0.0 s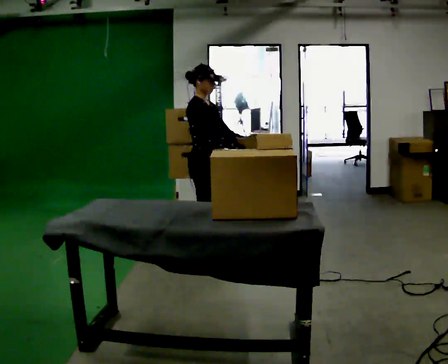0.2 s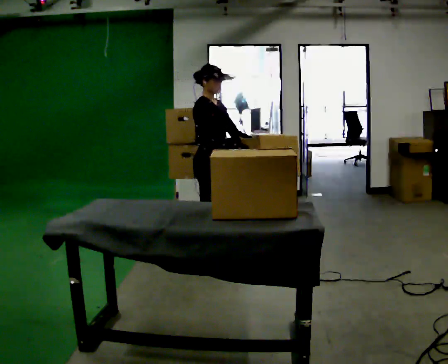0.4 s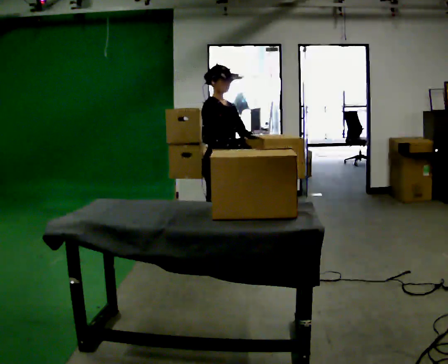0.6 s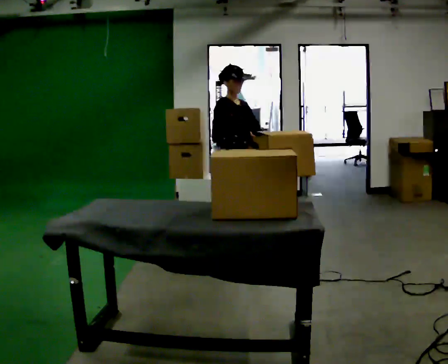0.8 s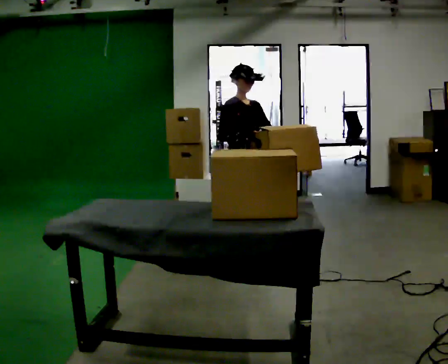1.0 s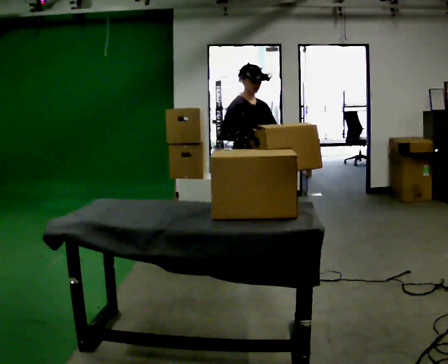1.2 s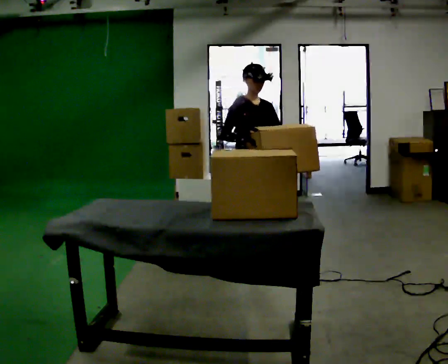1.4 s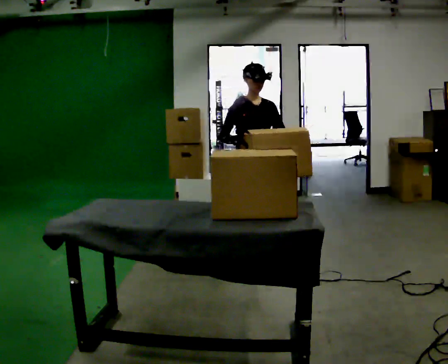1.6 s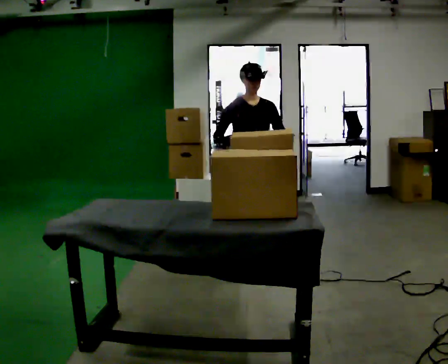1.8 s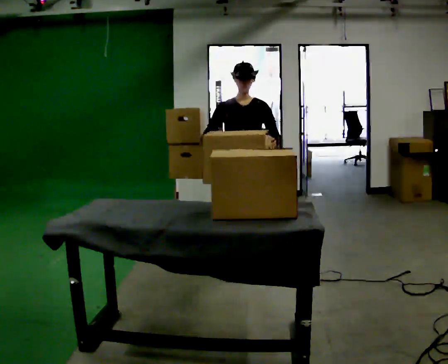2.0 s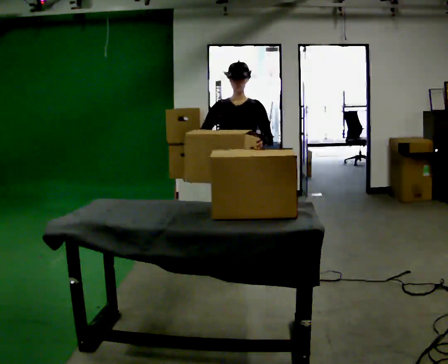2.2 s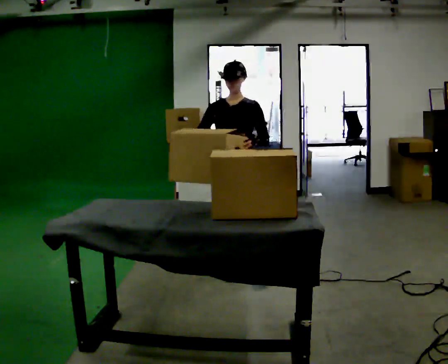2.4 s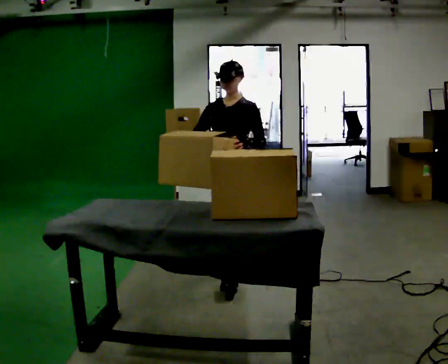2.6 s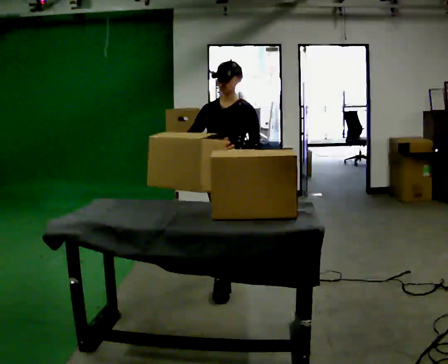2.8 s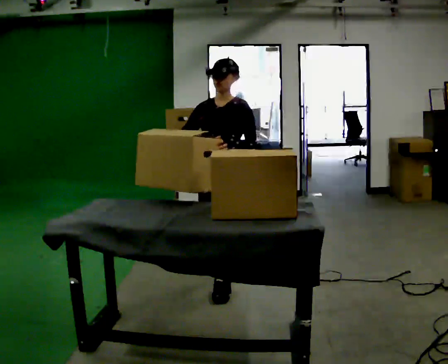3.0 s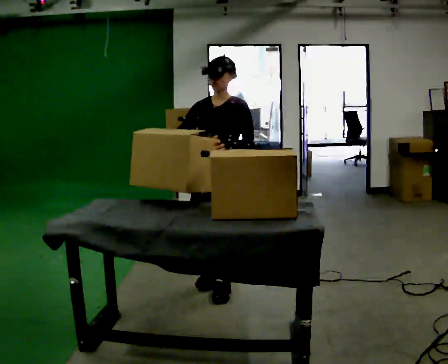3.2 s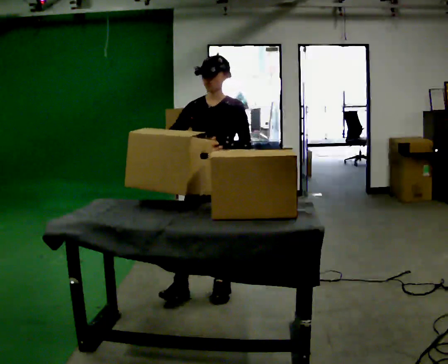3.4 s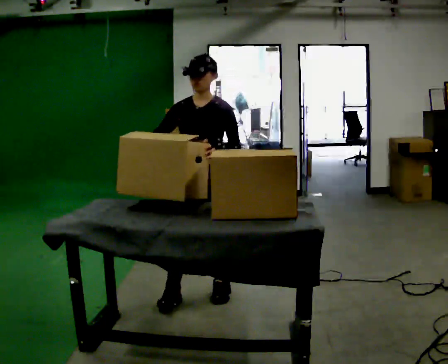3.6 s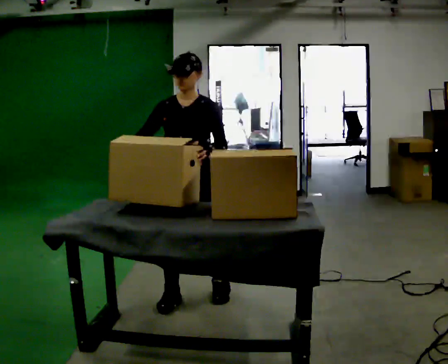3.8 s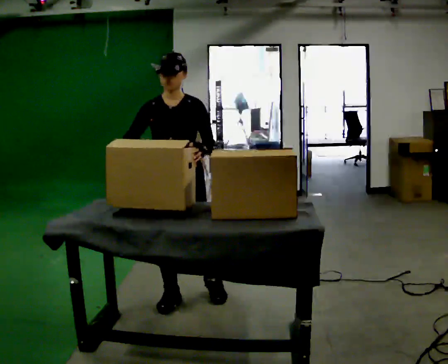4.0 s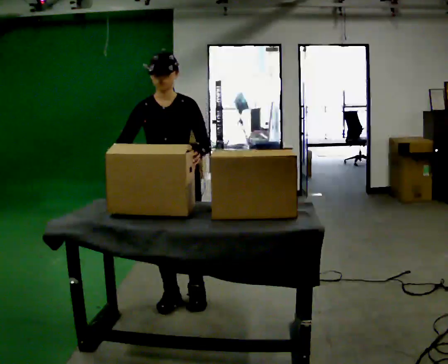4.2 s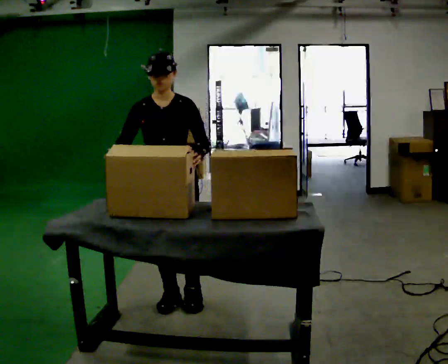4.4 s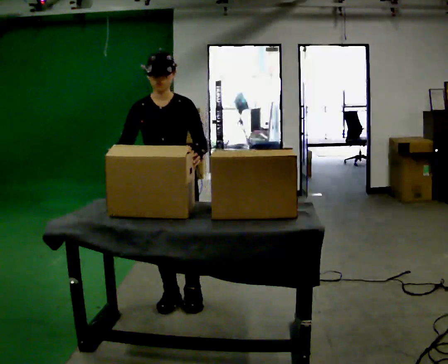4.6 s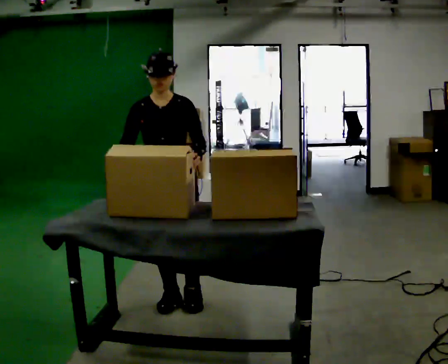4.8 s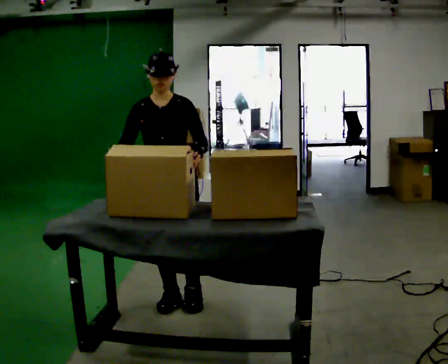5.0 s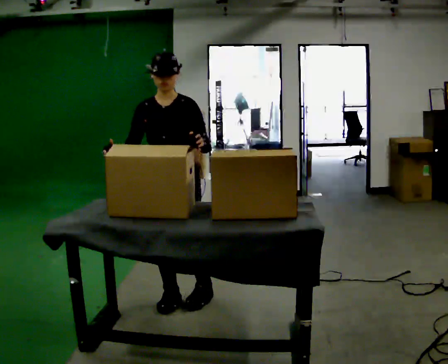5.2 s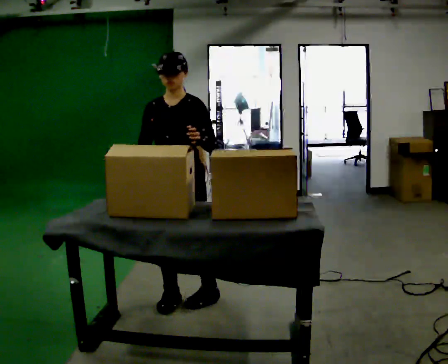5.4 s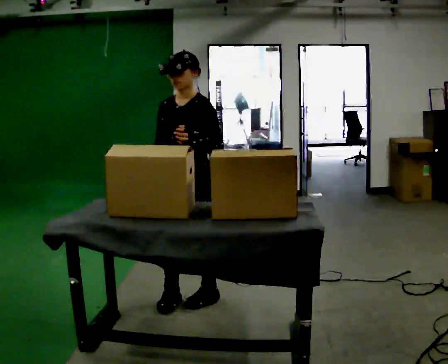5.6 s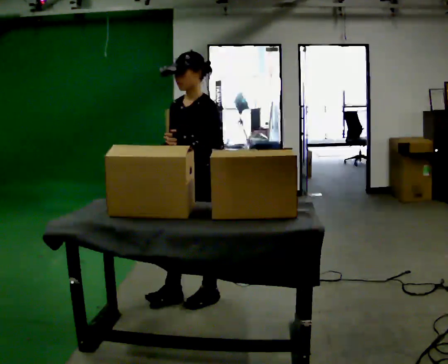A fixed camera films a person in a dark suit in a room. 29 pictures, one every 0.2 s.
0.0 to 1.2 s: The person turns about 30 degrees to their right, clockwise seen from above, so the part of the body nearest the lens slides to the left. In the picture they go to the right, about 0.25 m in 1 step, which for them is forward and to their left.
1.2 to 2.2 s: Seen from above the body turns clockwise, about 60 degrees: to their right, with its near side sliding to the left. In the picture they go toward the camera, about 0.25 m in 1 step, which for them is forward and to their right.
2.2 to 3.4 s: In the picture they go toward the camera and to the left, about 0.5 m in 2 steps, which for them is forward.
3.4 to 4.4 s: In the picture they go to the left, about 0.25 m in 1 step, which for them is to their right.
4.4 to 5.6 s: Seen from above the body turns clockwise, about 45 degrees: to their right, with its near side sliding to the left. In the picture they go to the right, about 0.25 m, which for them is to their left.
The film runs forward here.
